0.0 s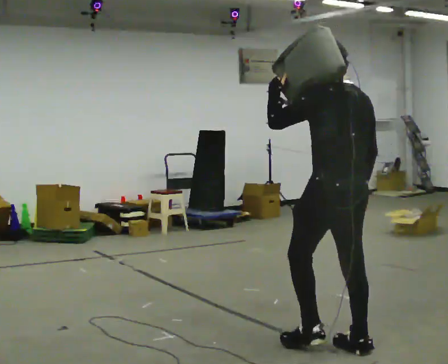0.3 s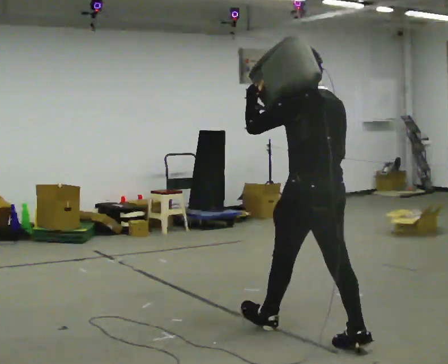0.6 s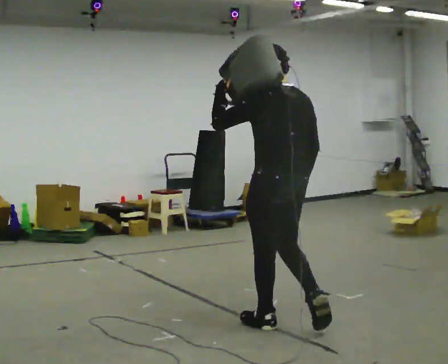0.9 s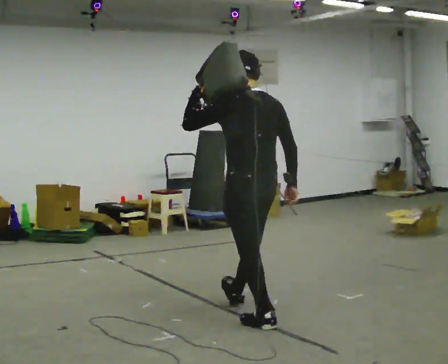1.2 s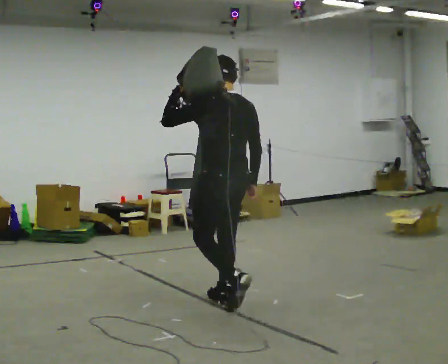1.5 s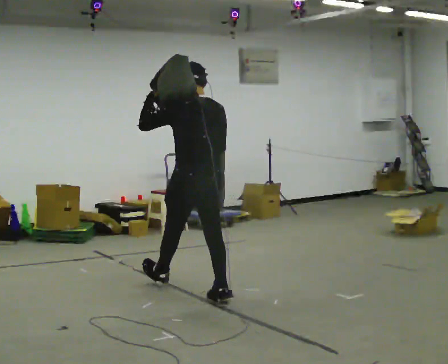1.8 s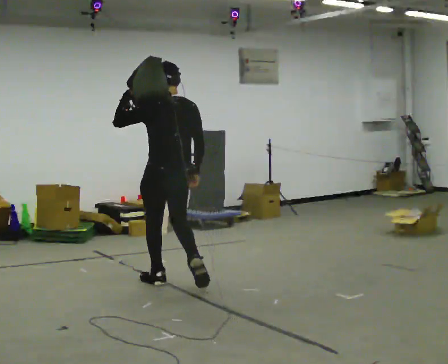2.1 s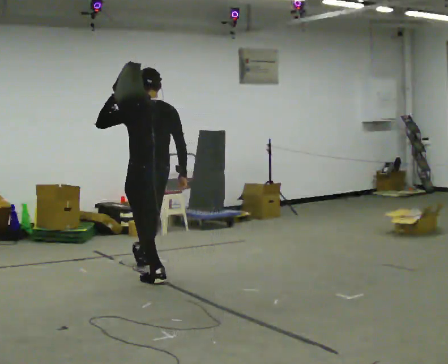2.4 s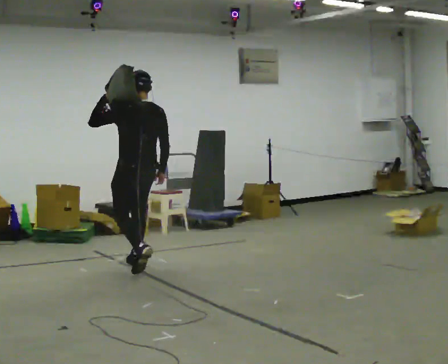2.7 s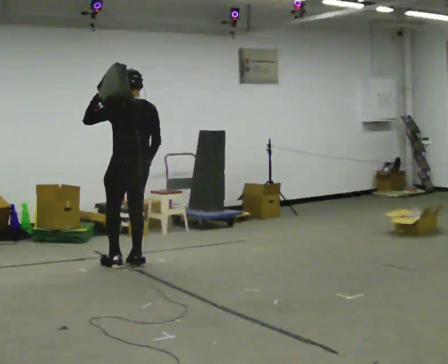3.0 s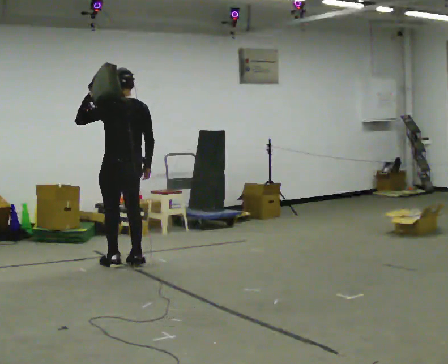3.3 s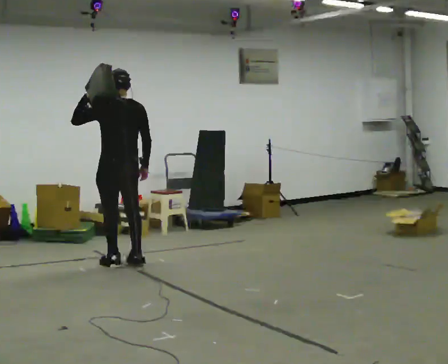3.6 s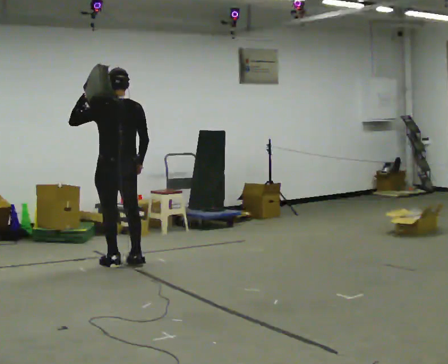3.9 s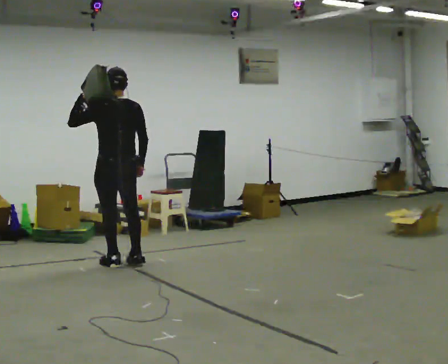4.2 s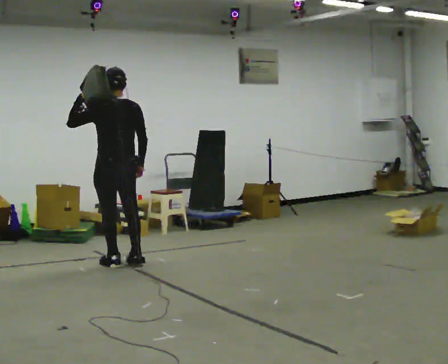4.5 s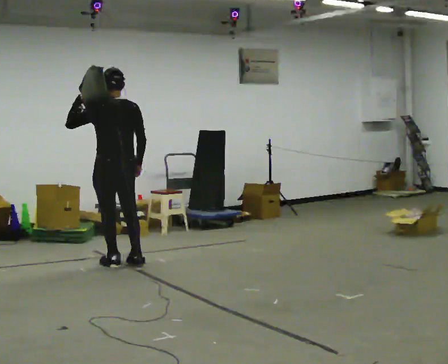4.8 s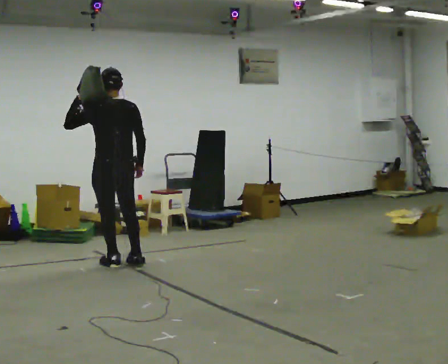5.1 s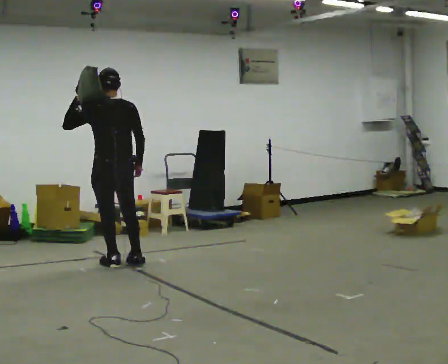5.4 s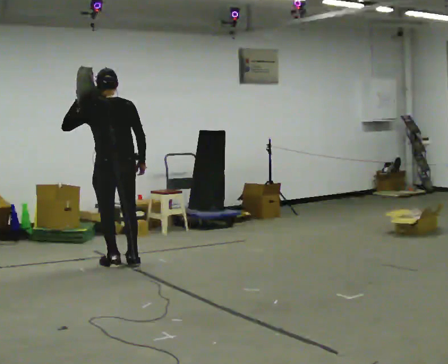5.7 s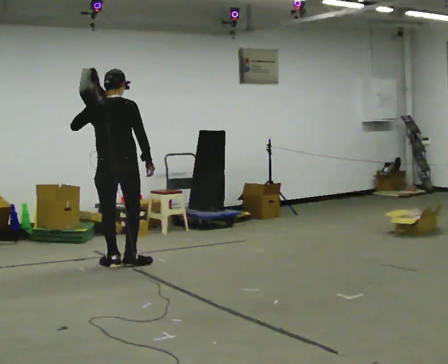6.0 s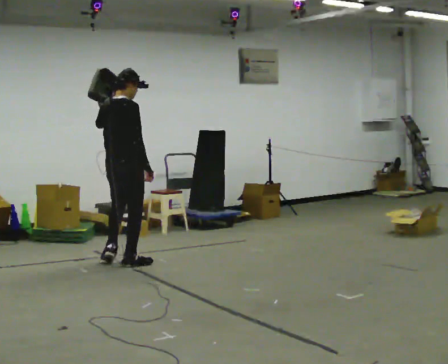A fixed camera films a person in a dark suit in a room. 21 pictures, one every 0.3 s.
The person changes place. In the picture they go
away from the camera.
0.0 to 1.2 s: In the picture they go away from the camera and to the left, about 1 m in 2 steps, which for them is forward.
1.2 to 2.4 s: In the picture they go away from the camera and to the left, about 1.5 m in 2 steps, which for them is forward.
2.4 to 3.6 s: In the picture they go to the left and away from the camera, about 0.25 m in 1 step, which for them is forward.
3.6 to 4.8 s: The person moves a little, or ends about where they began.
4.8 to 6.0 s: The person turns about 75 degrees to their right, clockwise seen from above, so the part of the body nearest the lens slides to the left. In the picture their left hand goes to the right.
The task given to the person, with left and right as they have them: Put the soft bag up onto your shoulder and carry it across the room, back and forth.
The film runs forward here.
